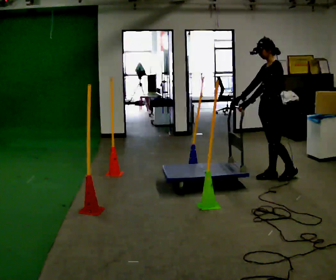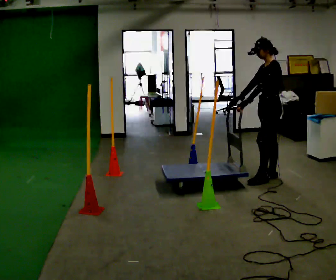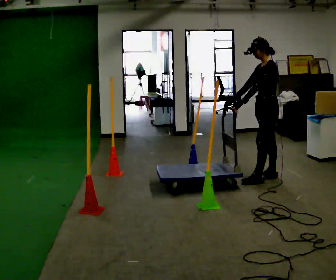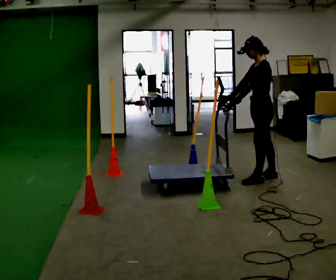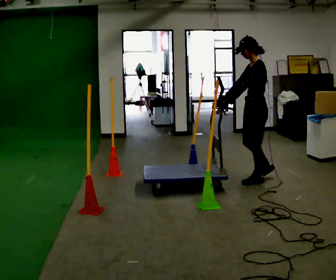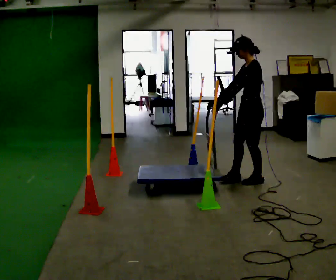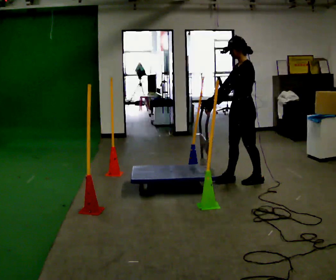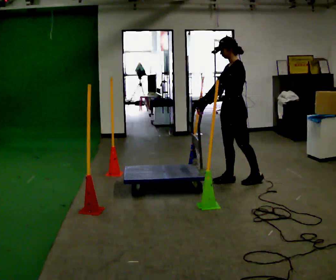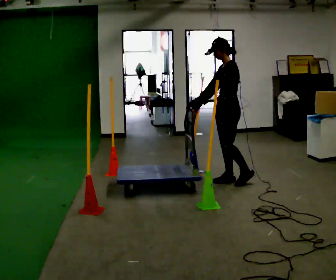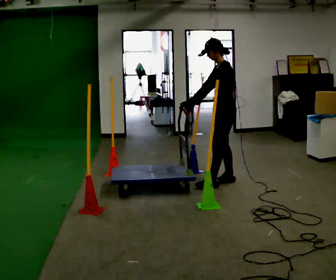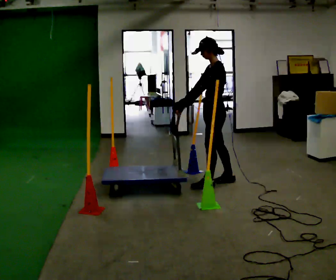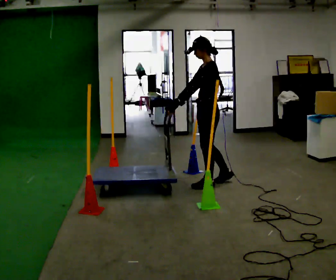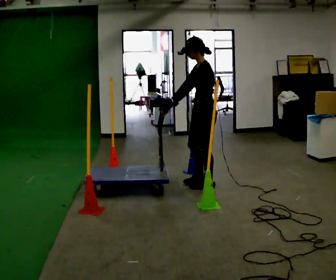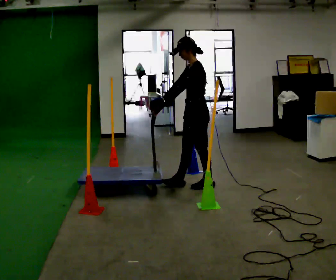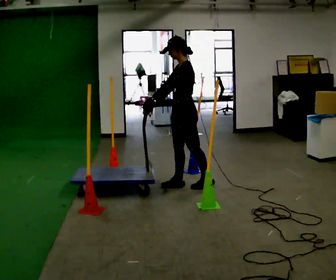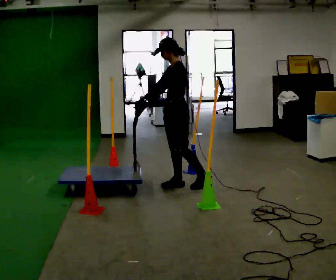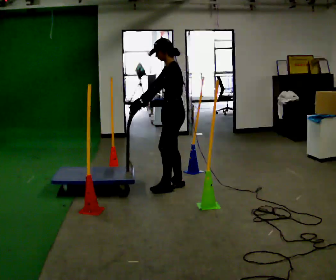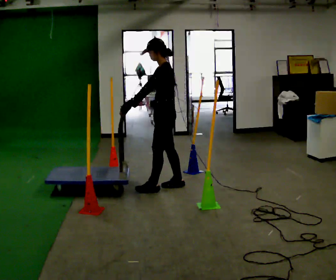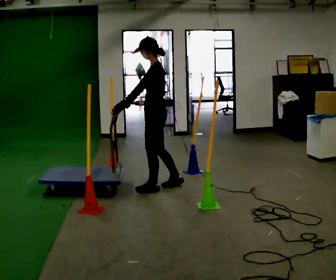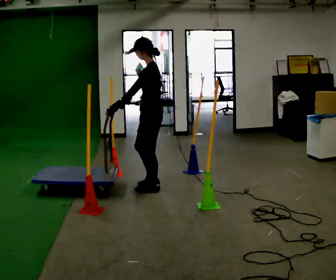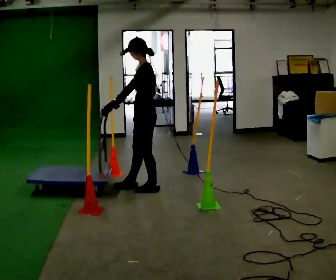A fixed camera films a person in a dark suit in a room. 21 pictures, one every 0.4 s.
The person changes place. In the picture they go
to the left.
0.0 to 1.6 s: In the picture they go to the left and toward the camera, about 0.25 m in 1 step, which for them is forward.
1.6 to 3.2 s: In the picture they go to the left, about 0.25 m in 1 step, which for them is forward.
3.2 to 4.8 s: In the picture they go to the left and toward the camera, about 0.25 m in 1 step, which for them is forward and to their left.
4.8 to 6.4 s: In the picture they go to the left, about 0.25 m in 1 step, which for them is forward.
6.4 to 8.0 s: In the picture they go to the left and toward the camera, about 0.25 m in 2 steps, which for them is forward and to their left.
The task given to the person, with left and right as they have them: Push the cart in and out of the line of poles without touching any of them. Keep going until the operator says stop.
The film runs forward here.
